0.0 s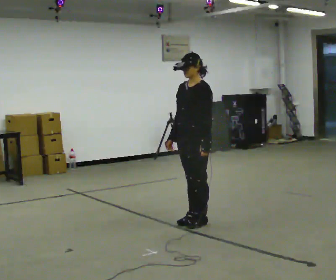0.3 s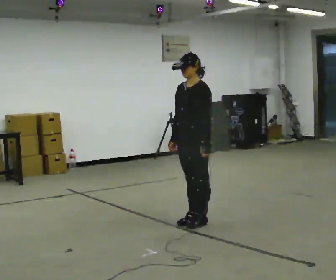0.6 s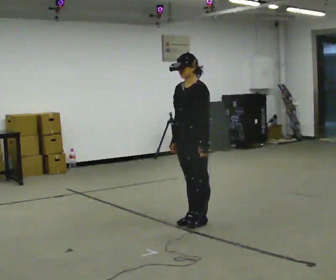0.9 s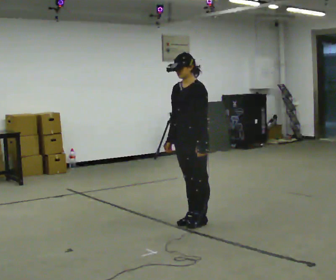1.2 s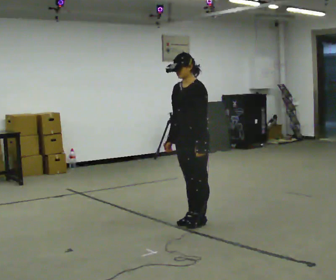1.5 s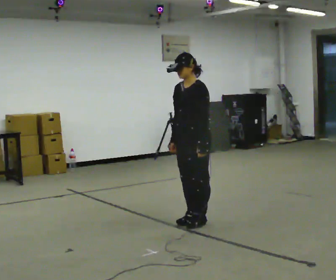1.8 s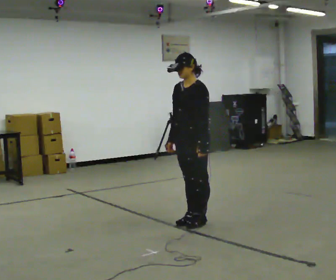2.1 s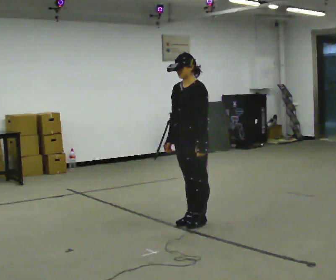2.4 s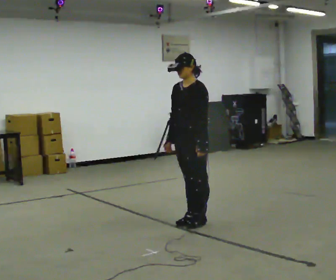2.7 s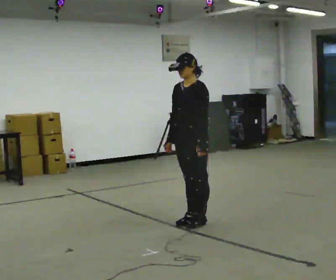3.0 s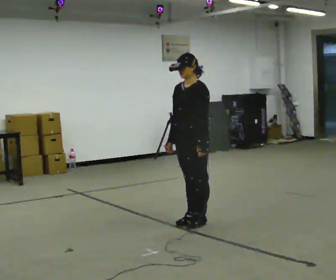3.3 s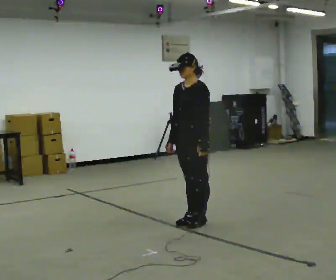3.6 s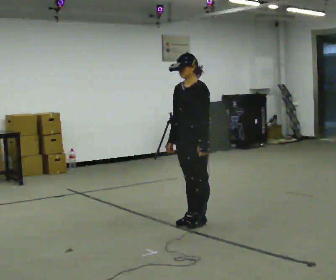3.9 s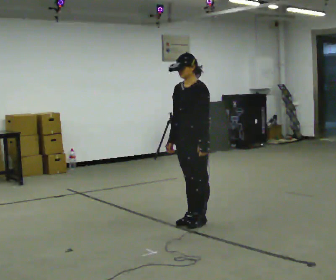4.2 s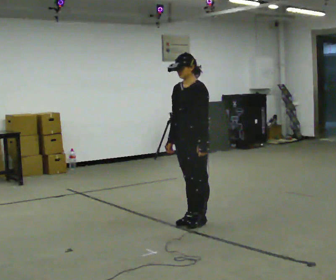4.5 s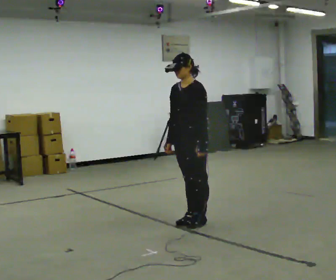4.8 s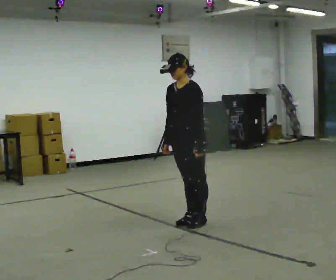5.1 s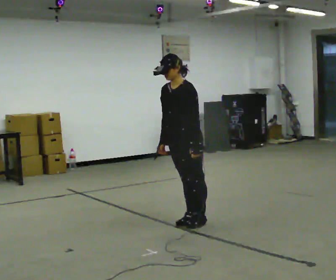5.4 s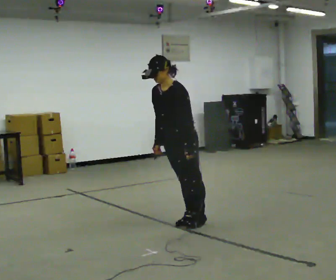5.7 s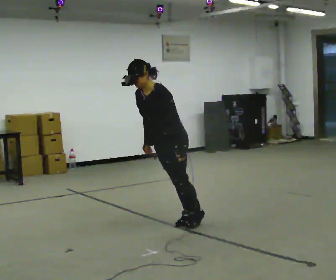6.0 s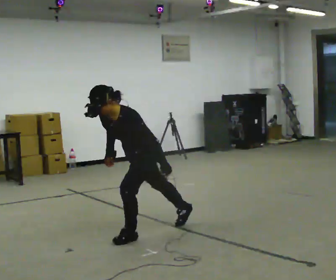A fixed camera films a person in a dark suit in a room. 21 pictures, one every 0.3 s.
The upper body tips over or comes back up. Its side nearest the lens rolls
downward.
0.0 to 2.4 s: The person moves a little, or ends about where they began.
2.4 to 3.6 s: The person keeps their place and pose.
3.6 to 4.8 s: The person moves a little, or ends about where they began.
4.8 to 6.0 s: In the picture they go toward the camera and to the left, about 0.5 m in 1 step, which for them is forward. The upper body goes downward. The upper body tips toward the camera, its near side rolling downward, as they bend forward.
The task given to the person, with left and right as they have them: Stand on the marked spots with your feet together. Lean forward from the ankles, keeping your body straight, until you cannot hold it any longer, then step forward to catch yourself. Return to the spots. Repeat at your own pace until the operator says stop. Go slowly and only as far as you are comfortable. Step whenever you need to; do not try to hold on longer than feels safe.
The film runs forward here.
